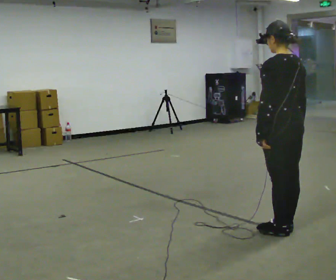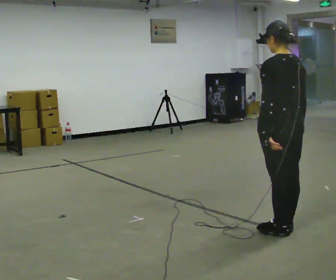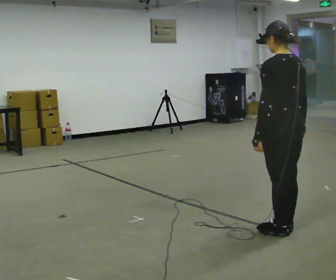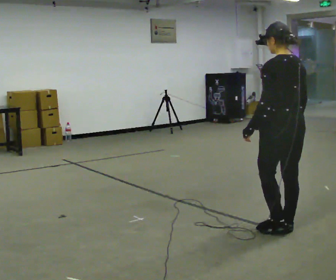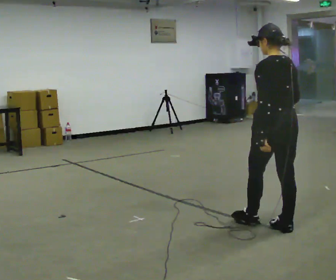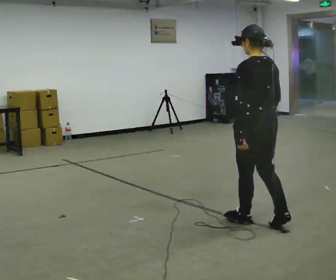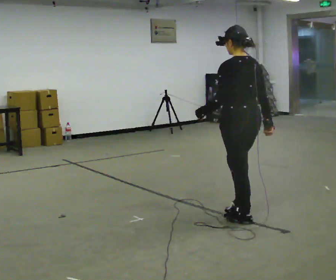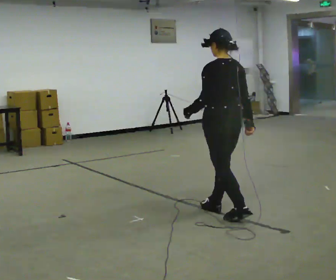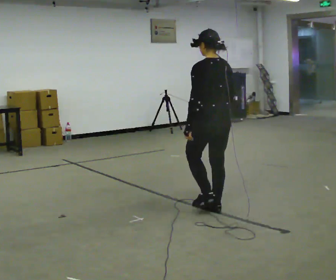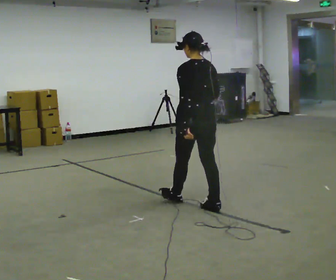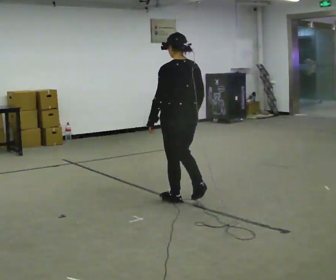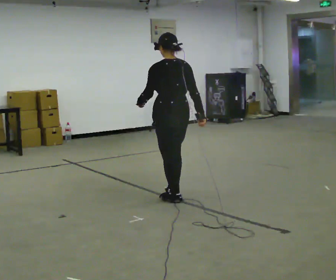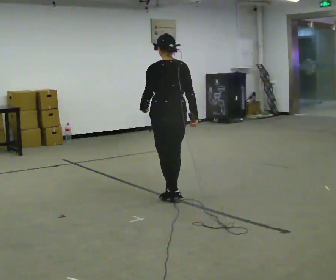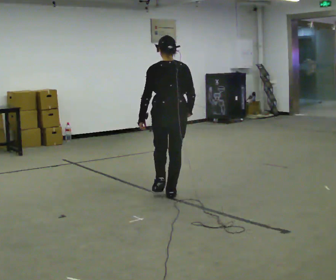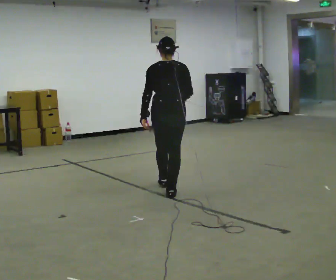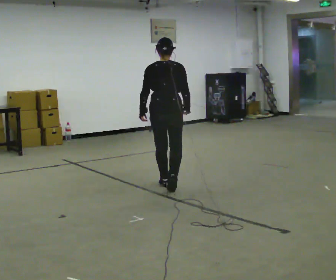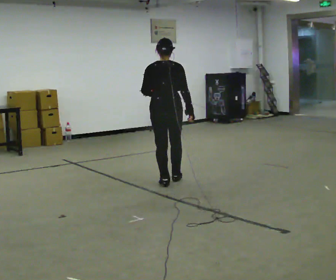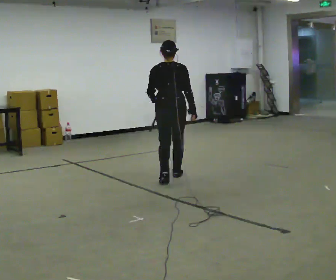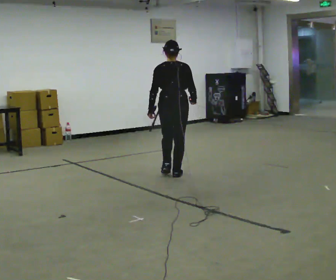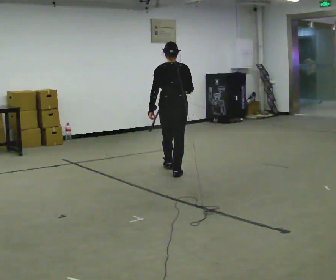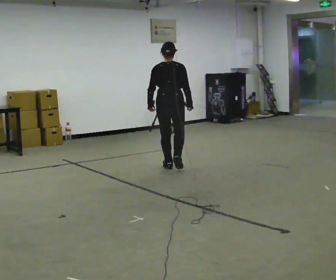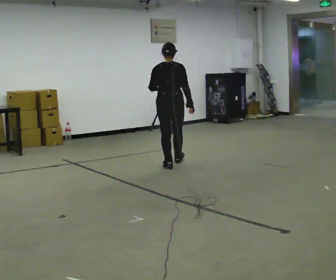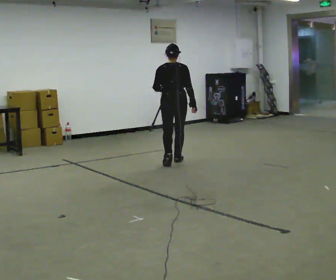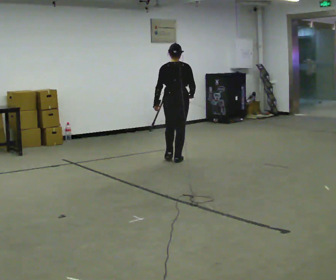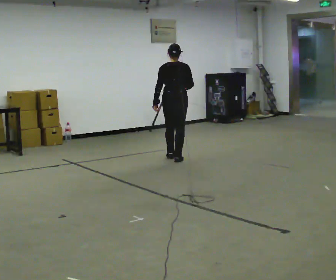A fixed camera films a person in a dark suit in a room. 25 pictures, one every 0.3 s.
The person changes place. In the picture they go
away from the camera.
0.0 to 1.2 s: The person moves a little, or ends about where they began.
1.2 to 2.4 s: In the picture they go away from the camera and to the left, about 0.5 m in 2 steps, which for them is forward.
2.4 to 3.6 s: In the picture they go away from the camera and to the left, about 0.5 m in 2 steps, which for them is forward.
3.6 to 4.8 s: The person turns about 30 degrees to their right, clockwise seen from above, so the part of the body nearest the lens slides to the left. In the picture they go away from the camera, about 0.5 m in 1 step, which for them is forward.
4.8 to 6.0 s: In the picture they go away from the camera, about 0.75 m in 2 steps, which for them is forward.
6.0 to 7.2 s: In the picture they go away from the camera, about 0.5 m in 2 steps, which for them is forward.
The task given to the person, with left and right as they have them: Walk straight; at marker turn ~45° while continuing to walk; continue straight.
The film runs forward here.
